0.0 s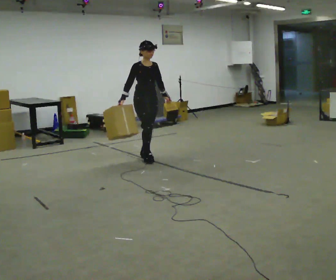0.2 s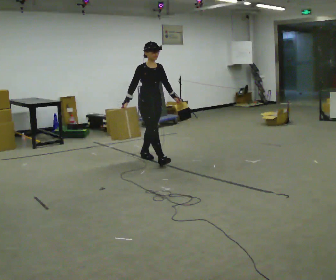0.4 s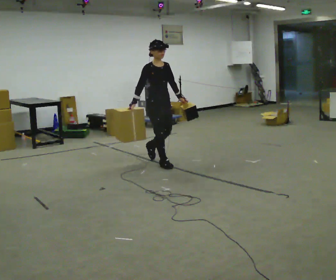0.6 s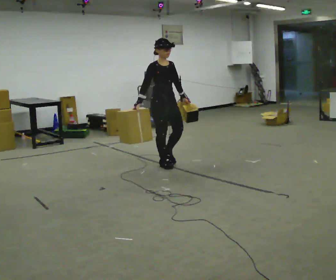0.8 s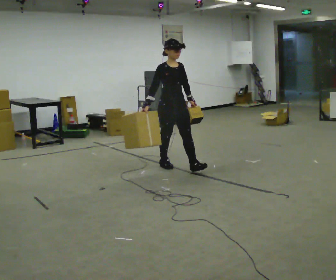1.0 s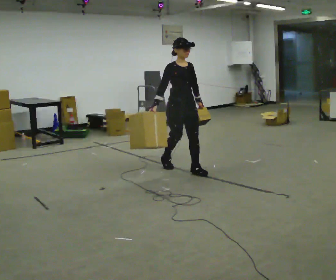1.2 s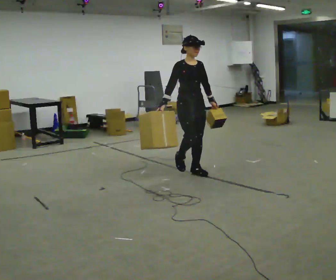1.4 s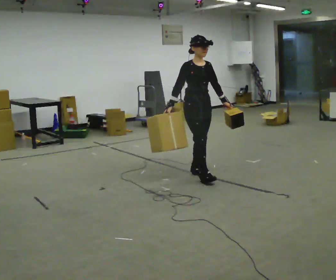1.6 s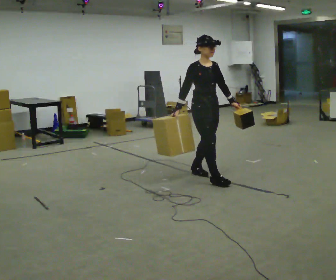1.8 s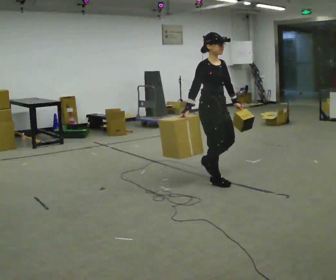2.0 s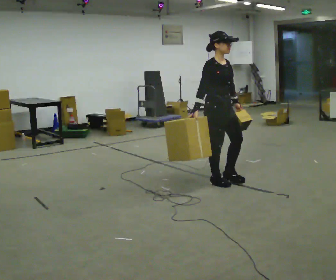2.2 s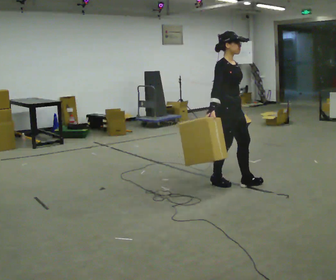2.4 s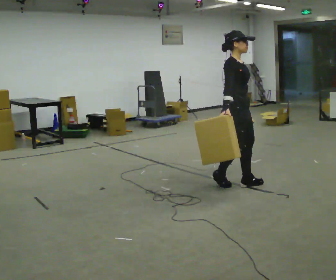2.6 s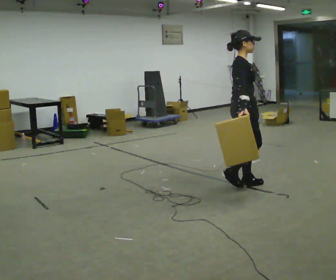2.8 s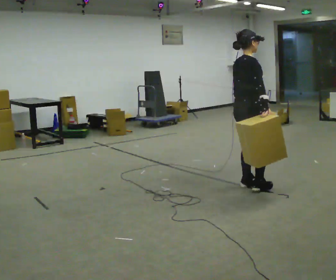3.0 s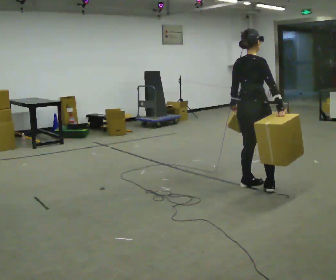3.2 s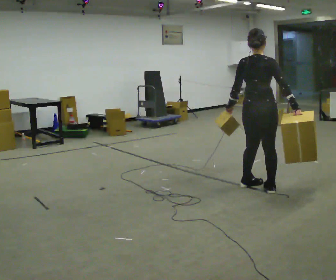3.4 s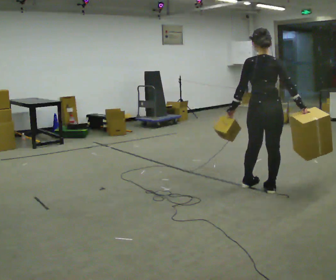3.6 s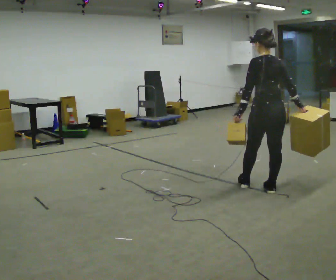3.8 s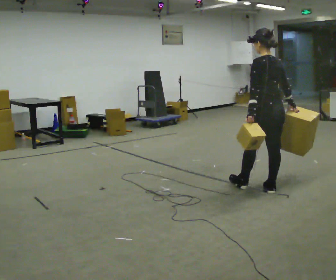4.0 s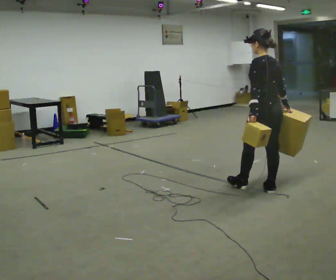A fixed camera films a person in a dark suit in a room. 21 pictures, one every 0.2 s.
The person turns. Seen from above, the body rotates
counterclockwise.
The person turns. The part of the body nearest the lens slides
to the right.
0.0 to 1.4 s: In the picture they go toward the camera and to the right, about 1 m in 2 steps, which for them is forward.
1.4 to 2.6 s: Seen from above the body turns counterclockwise, about 45 degrees: to their left, with its near side sliding to the right. In the picture they go to the right and toward the camera, about 0.75 m in 2 steps, which for them is forward.
2.6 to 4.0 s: The person turns about 135 degrees to their left, counterclockwise seen from above, so the part of the body nearest the lens slides to the right. In the picture they go to the right and toward the camera, about 0.25 m in 1 step.
The film runs forward here.
